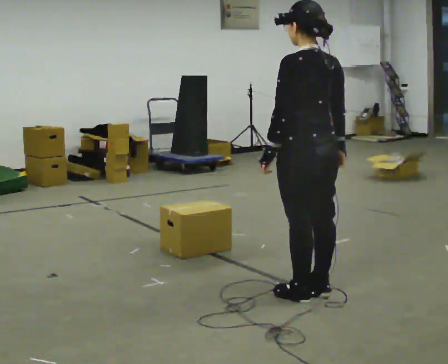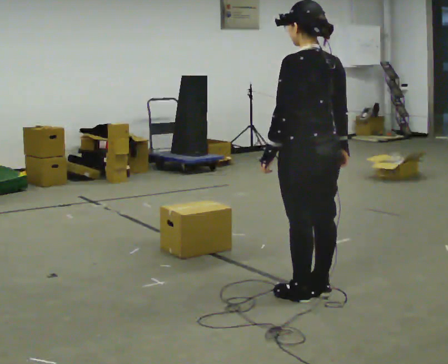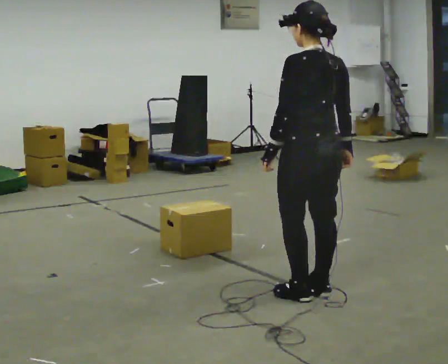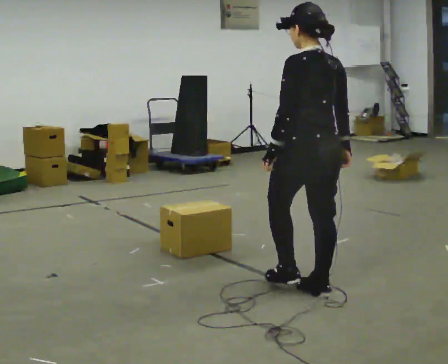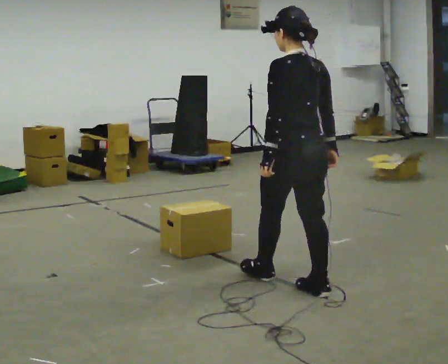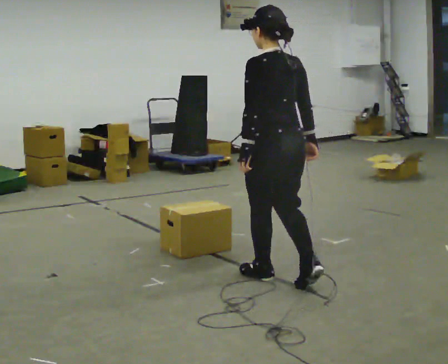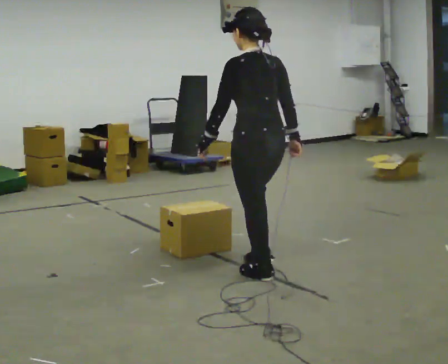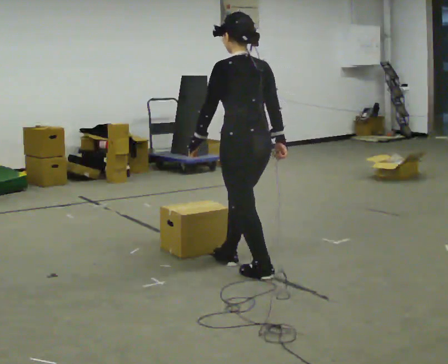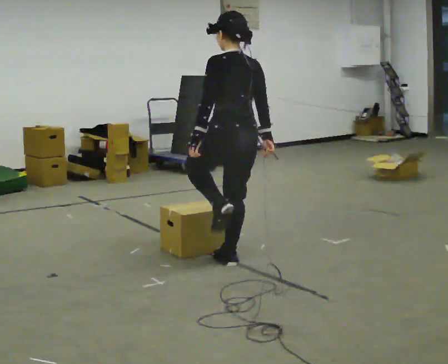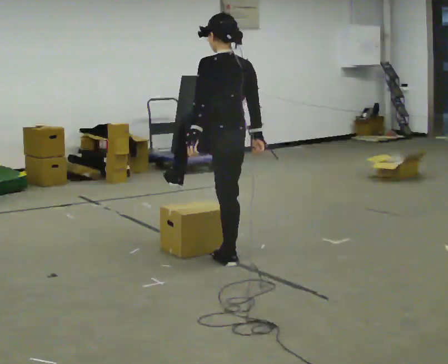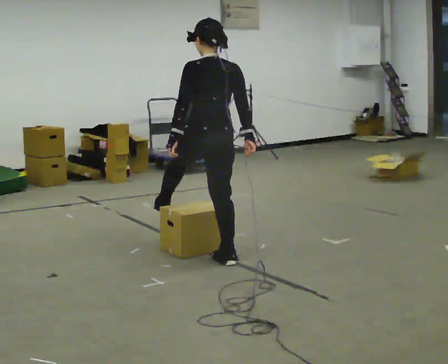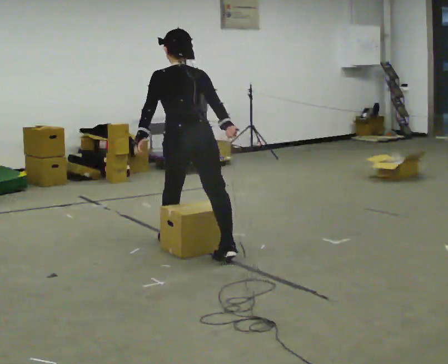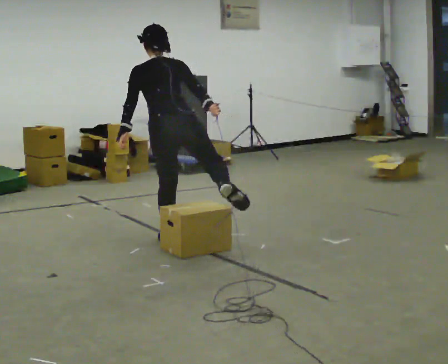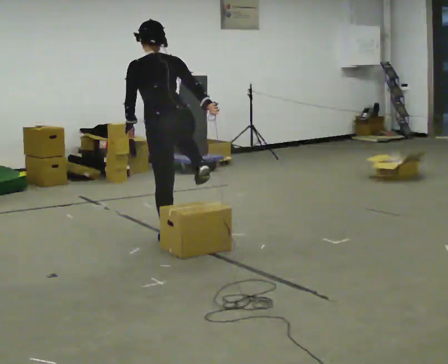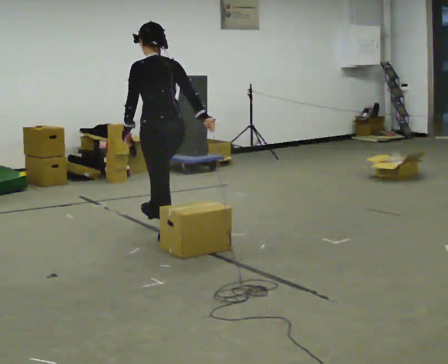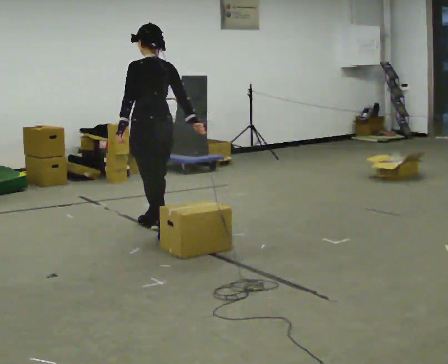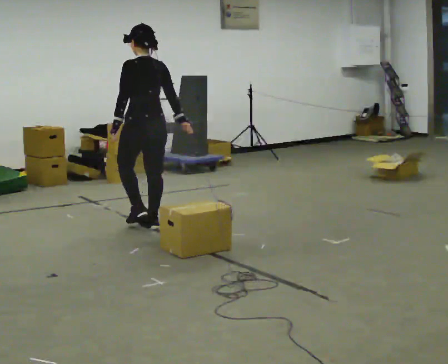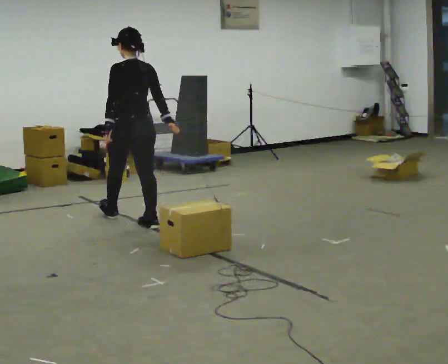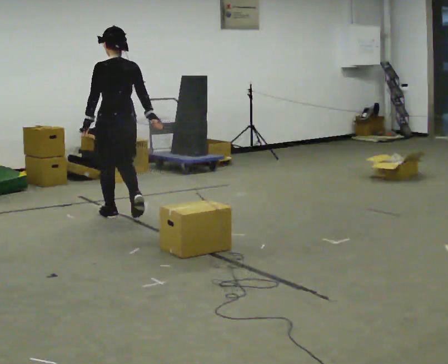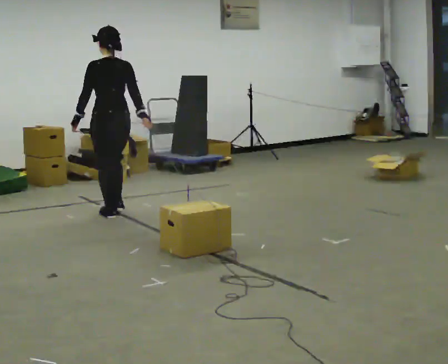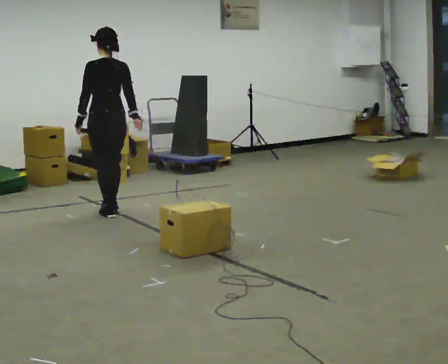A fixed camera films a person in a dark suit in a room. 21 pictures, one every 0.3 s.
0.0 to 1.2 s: The person moves a little, or ends about where they began.
1.2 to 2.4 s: In the picture they go away from the camera and to the left, about 0.5 m in 1 step, which for them is forward.
2.4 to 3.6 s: Seen from above the body turns clockwise, about 30 degrees: to their right, with its near side sliding to the left. In the picture they go to the left and away from the camera, about 0.75 m in 1 step, which for them is forward and to their left.
3.6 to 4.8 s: Seen from above the body turns counterclockwise, about 45 degrees: to their left, with its near side sliding to the right. In the picture they go away from the camera and to the left, about 0.5 m in 1 step, which for them is forward. The upper body tips toward the camera, its near side rolling downward, as they lean back or straighten.
4.8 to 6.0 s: In the picture they go away from the camera and to the left, about 0.75 m in 2 steps, which for them is forward.
The film runs forward here.
